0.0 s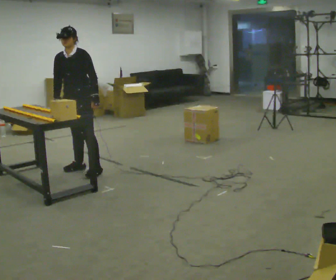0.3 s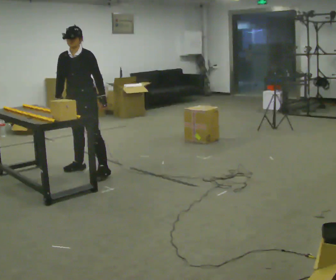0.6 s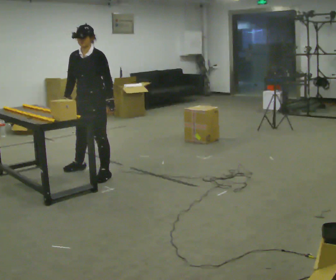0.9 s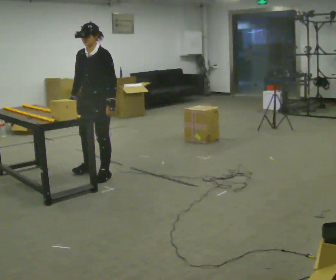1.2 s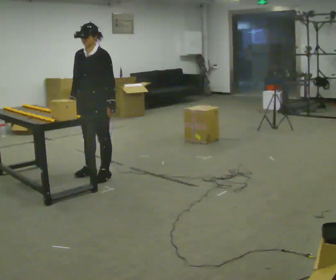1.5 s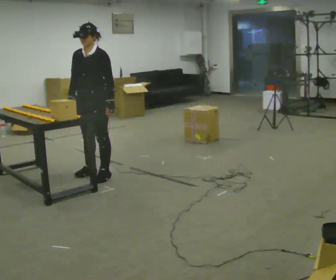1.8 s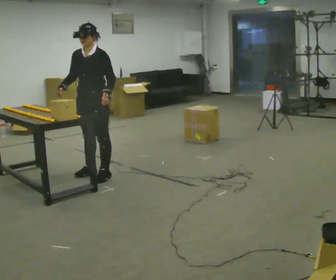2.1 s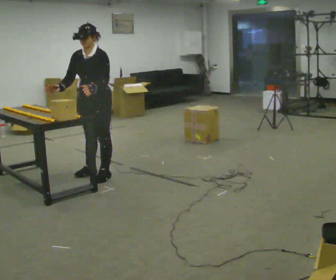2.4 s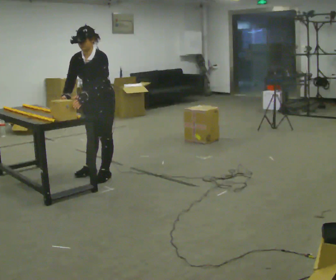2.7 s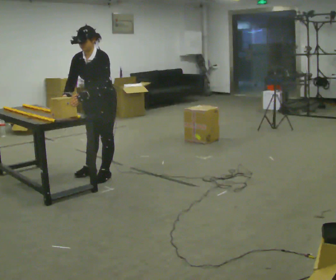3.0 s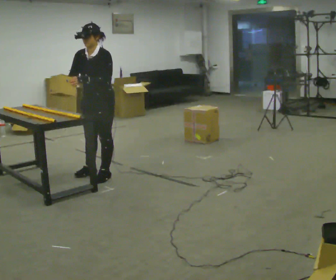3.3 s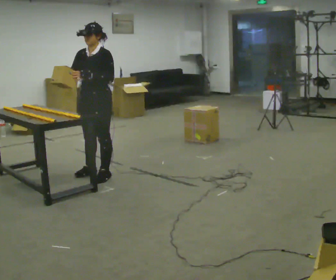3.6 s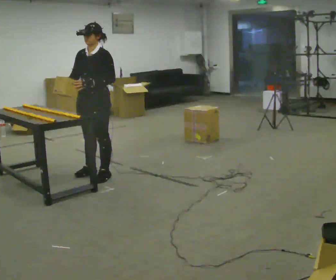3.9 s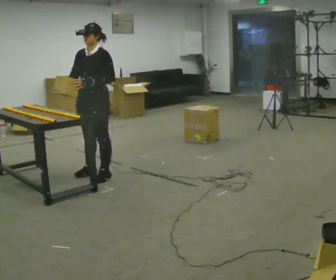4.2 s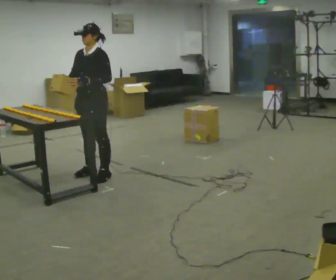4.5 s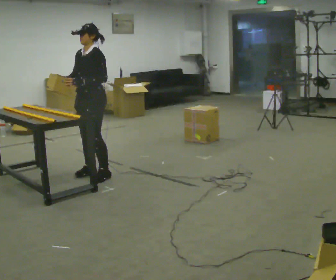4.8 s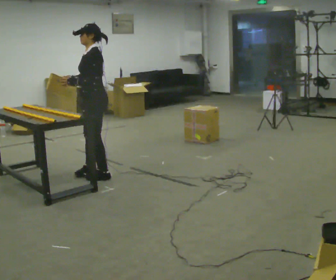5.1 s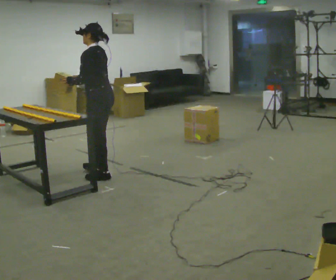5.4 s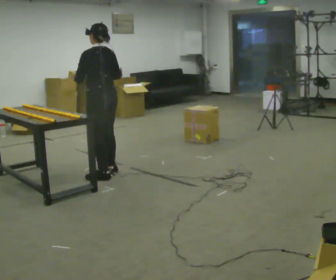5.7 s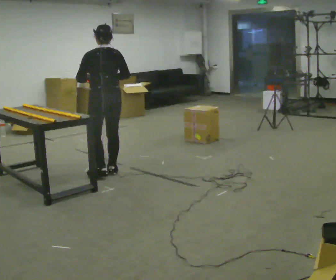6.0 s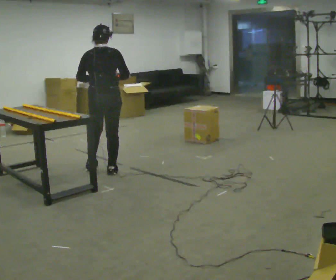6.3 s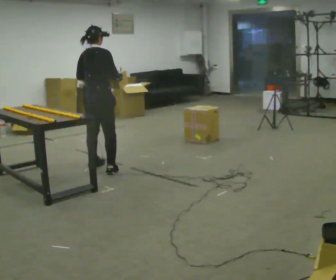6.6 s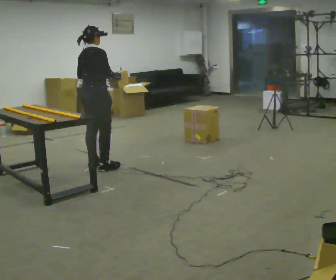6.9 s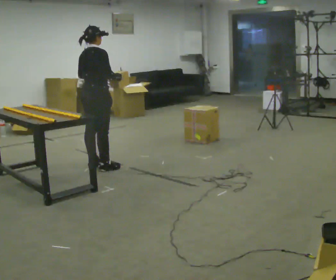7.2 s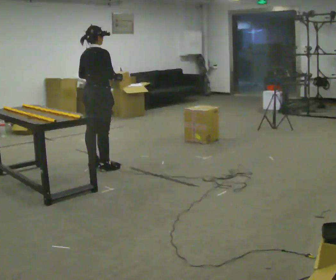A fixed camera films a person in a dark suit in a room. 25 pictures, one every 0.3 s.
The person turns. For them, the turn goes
to their right.
The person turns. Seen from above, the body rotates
clockwise.
0.0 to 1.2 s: In the picture they go toward the camera, about 0.25 m in 2 steps, which for them is to their left.
1.2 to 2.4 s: The person moves a little, or ends about where they began.
2.4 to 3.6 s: In the picture the upper body tilts clockwise, shoulders to the right, as they lean back or straighten.
3.6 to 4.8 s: The part of the body nearest the lens slides to the left as the person turns to their right by about 45 degrees.
4.8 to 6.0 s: The person turns about 105 degrees to their right, clockwise seen from above, so the part of the body nearest the lens slides to the left. In the picture their right hand goes to the right.
6.0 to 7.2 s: The person turns about 30 degrees to their right, clockwise seen from above, so the part of the body nearest the lens slides to the left. In the picture they go away from the camera, about 0.25 m in 1 step, which for them is to their left.
The film runs forward here.
